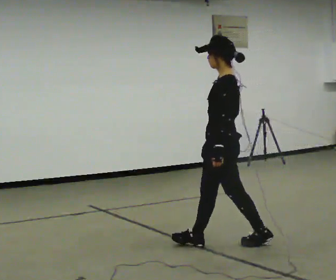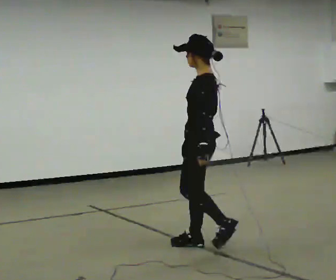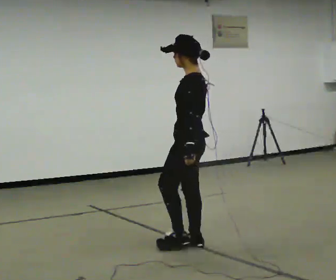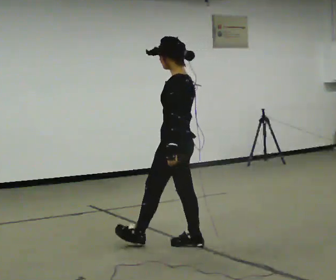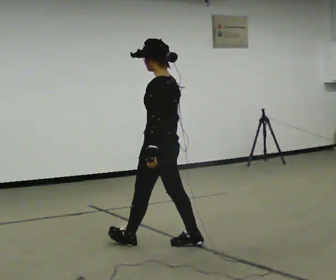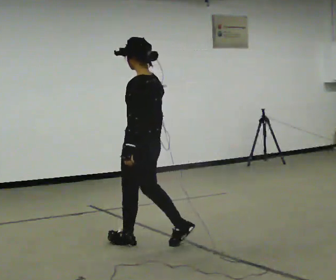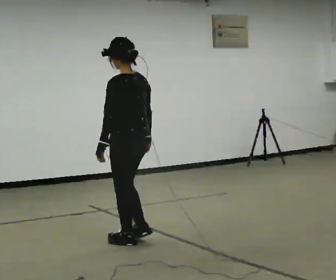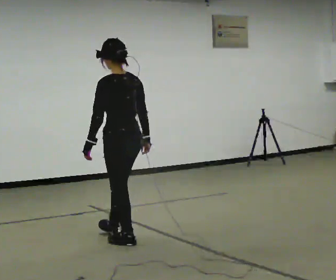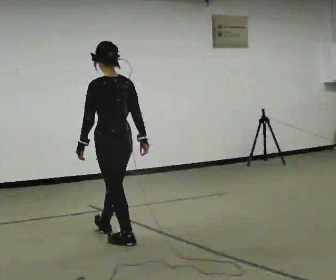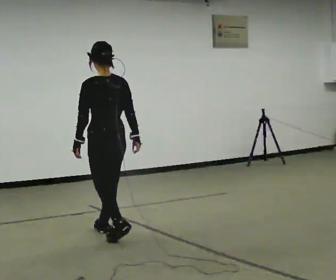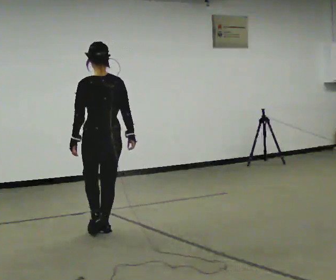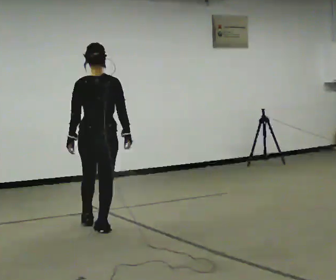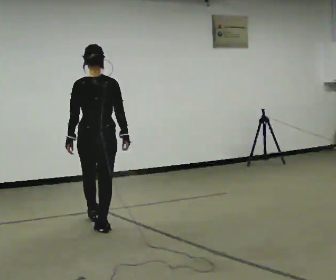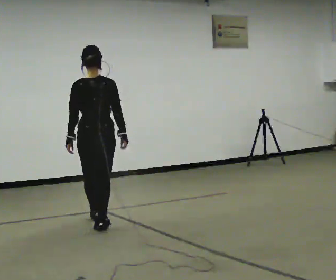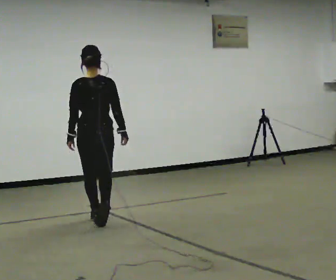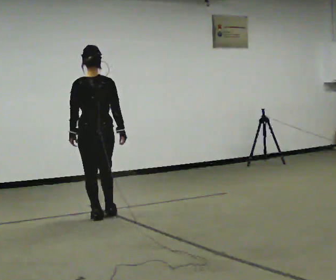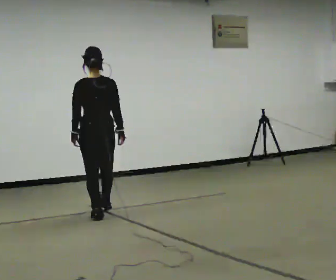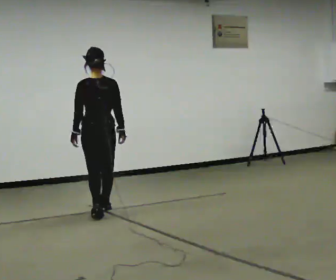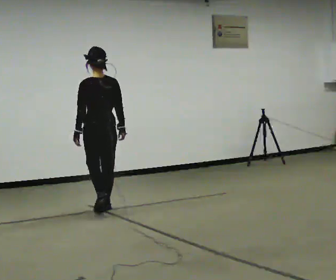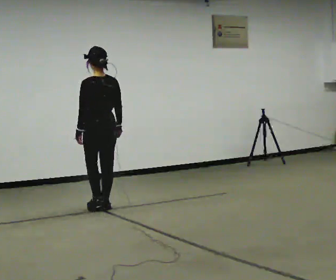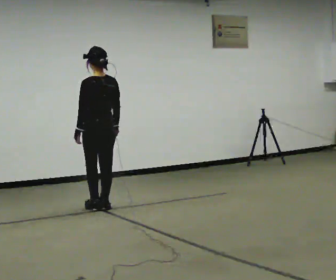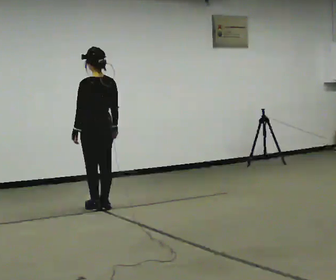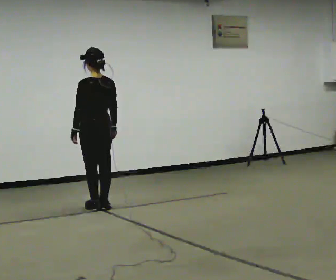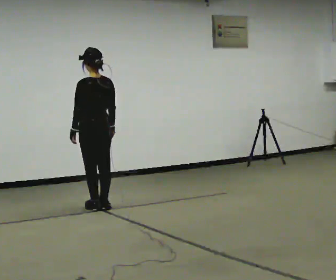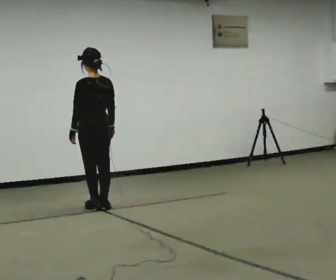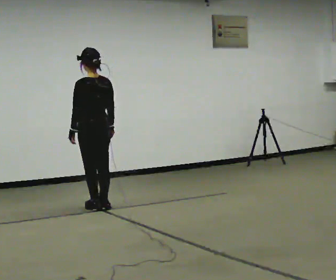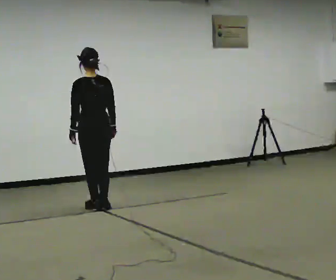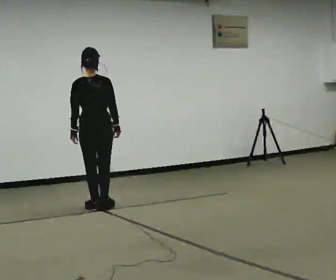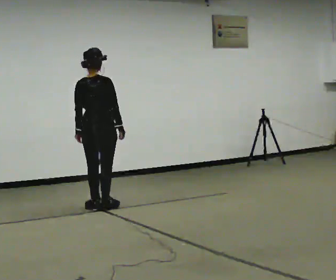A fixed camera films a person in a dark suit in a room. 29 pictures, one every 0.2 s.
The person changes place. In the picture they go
away from the camera.
The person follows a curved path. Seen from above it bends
clockwise.
0.0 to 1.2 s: The part of the body nearest the lens slides to the left as the person turns to their right by about 45 degrees. In the picture they go to the left, about 0.5 m in 1 step, which for them is forward.
1.2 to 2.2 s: The person turns about 45 degrees to their right, clockwise seen from above, so the part of the body nearest the lens slides to the left. In the picture they go away from the camera and to the left, about 0.5 m in 1 step, which for them is forward.
2.2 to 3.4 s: In the picture they go away from the camera, about 0.75 m in 2 steps, which for them is forward.
3.4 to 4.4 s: In the picture they go away from the camera, about 0.25 m in 1 step, which for them is forward.
4.4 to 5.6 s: Seen from above the body turns clockwise, about 45 degrees: to their right, with its near side sliding to the left.
The film runs forward here.
